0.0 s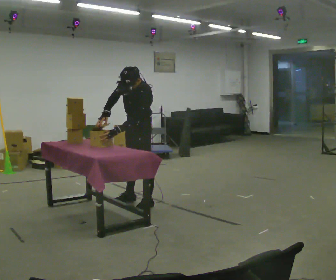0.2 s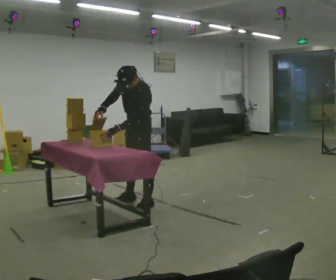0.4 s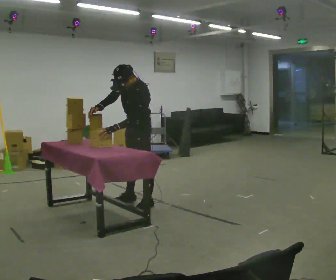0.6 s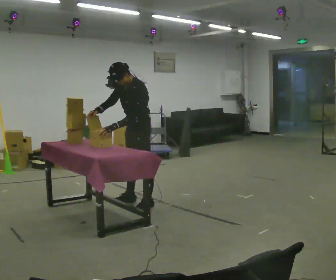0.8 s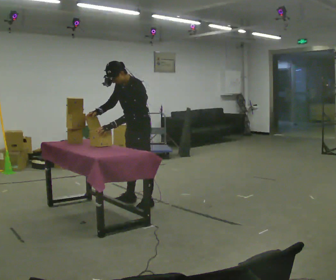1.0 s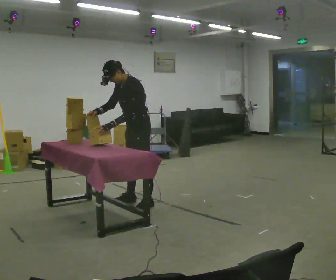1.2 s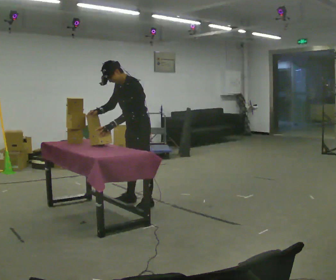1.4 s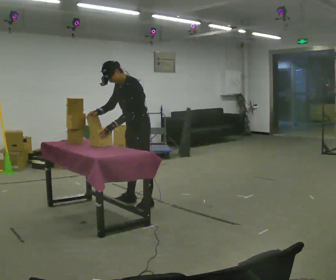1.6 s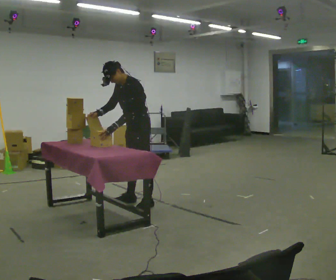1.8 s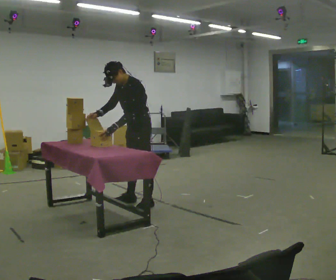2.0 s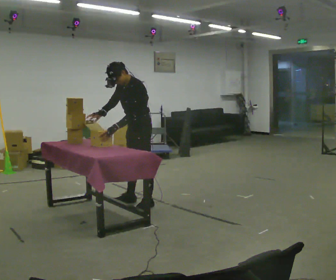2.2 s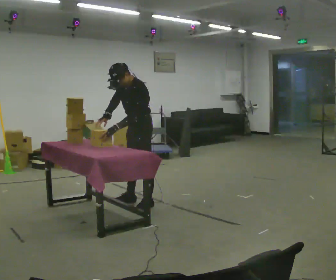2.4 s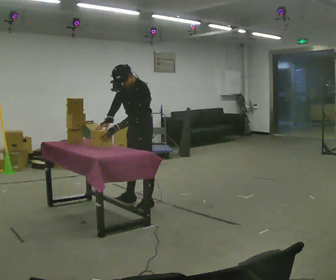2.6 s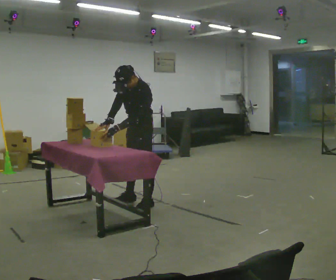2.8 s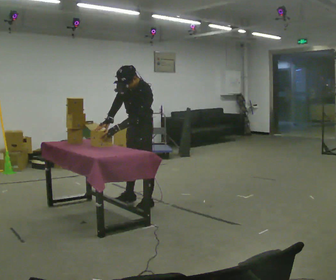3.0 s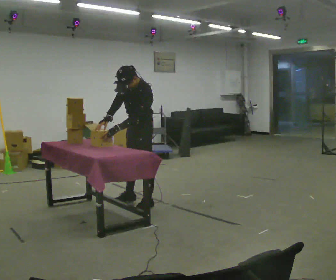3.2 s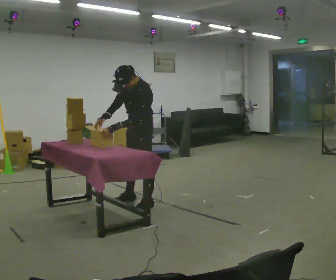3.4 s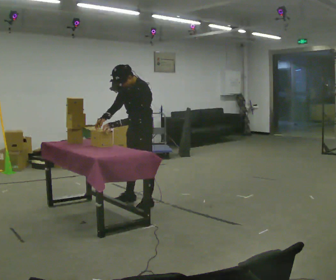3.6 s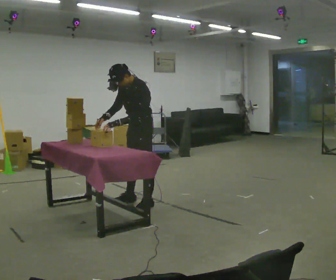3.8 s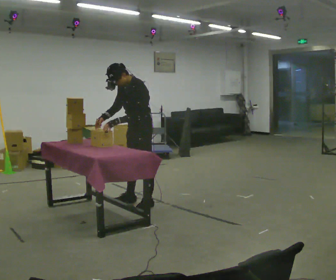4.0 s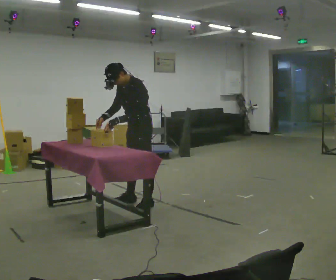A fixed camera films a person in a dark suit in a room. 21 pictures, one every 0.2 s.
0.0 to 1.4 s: The upper body tips away from the camera, its near side rolling upward.
1.4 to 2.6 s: The upper body tips toward the camera, its near side rolling downward.
2.6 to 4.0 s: The person moves a little, or ends about where they began.
The film runs forward here.
